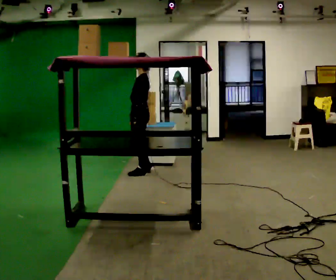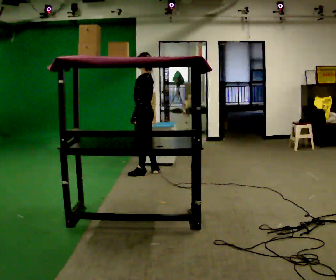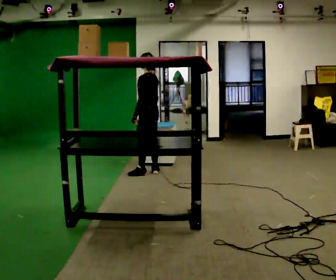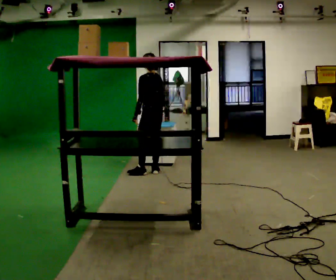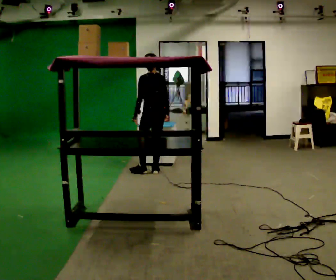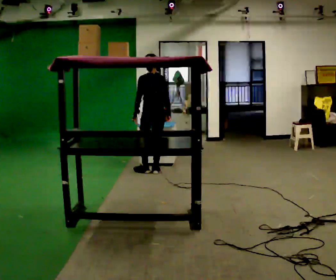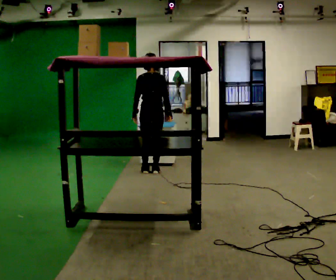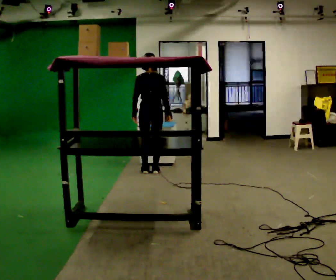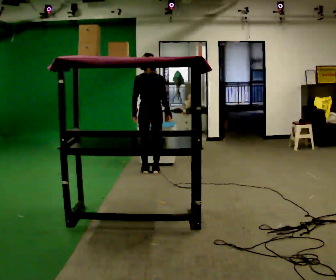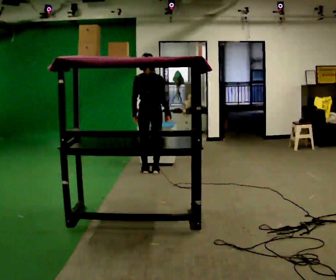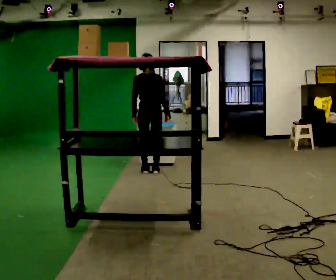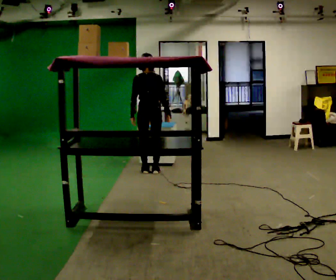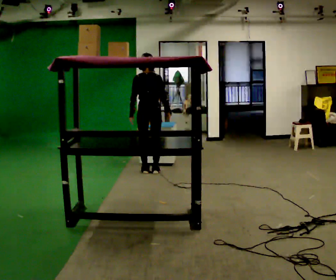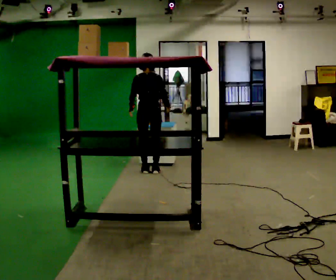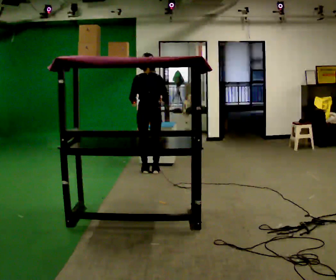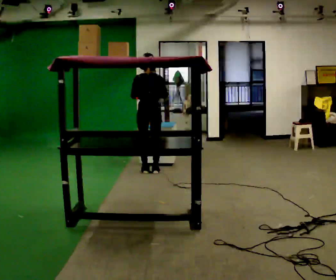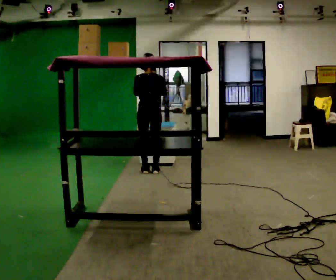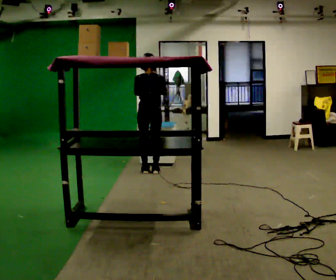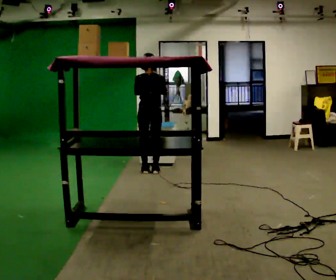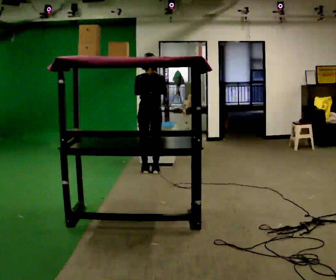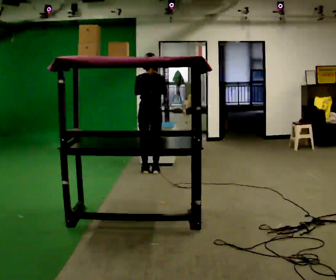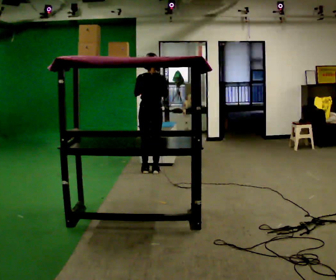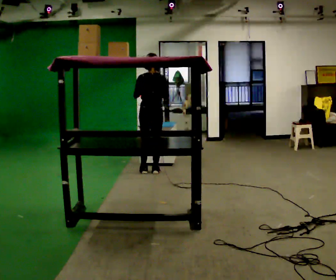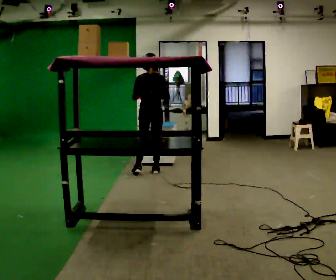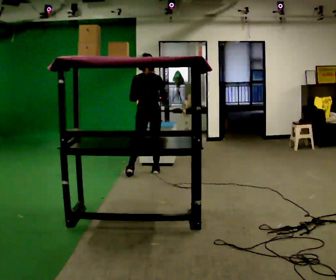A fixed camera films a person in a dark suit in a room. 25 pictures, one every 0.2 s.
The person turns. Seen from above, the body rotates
clockwise.
The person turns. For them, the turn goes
to their right.
0.0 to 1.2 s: Seen from above the body turns clockwise, about 75 degrees: to their right, with its near side sliding to the left. In the picture their right hand goes to the right.
1.2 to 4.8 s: The person moves a little, or ends about where they began.
The film runs backward here.
